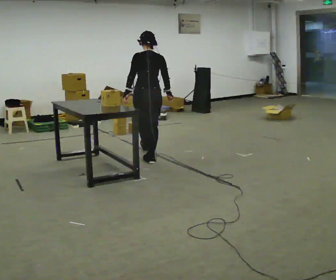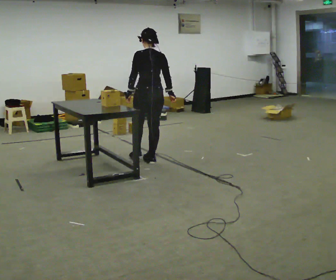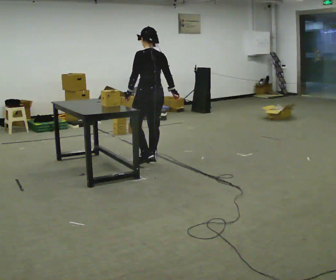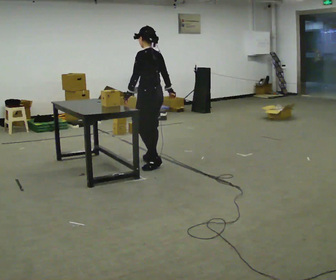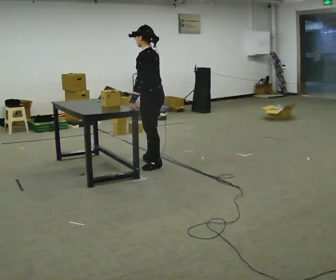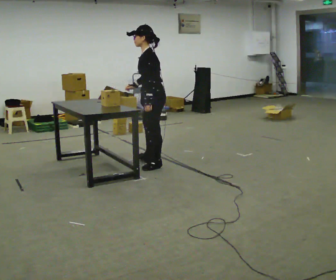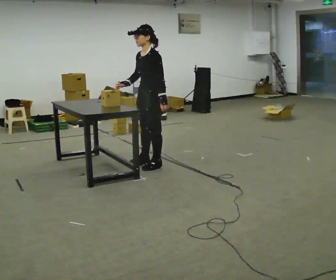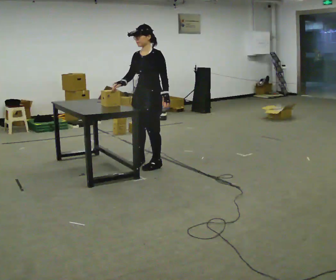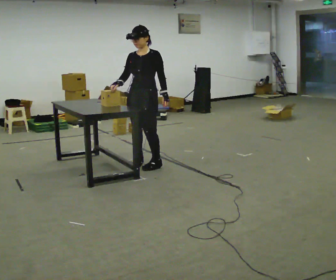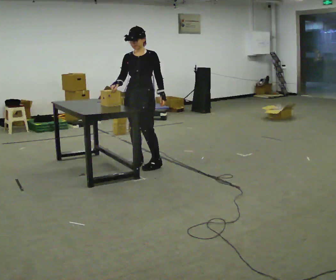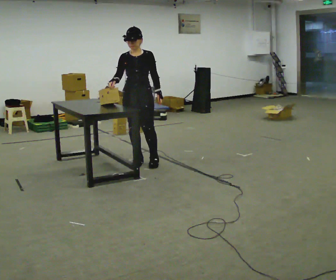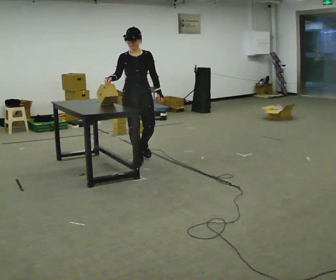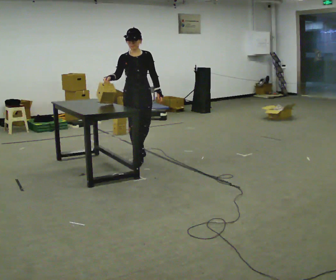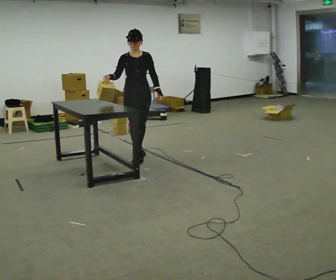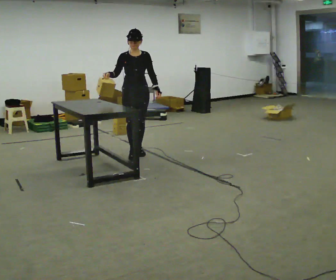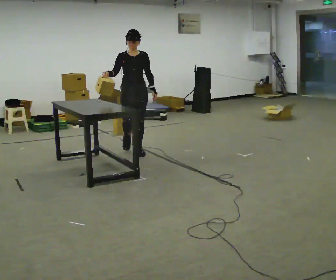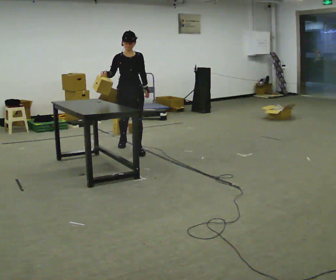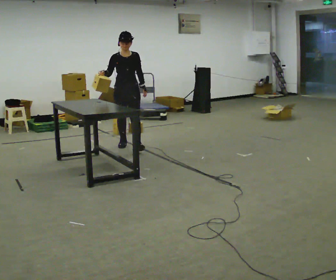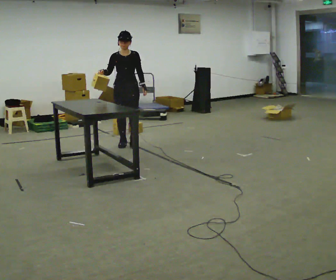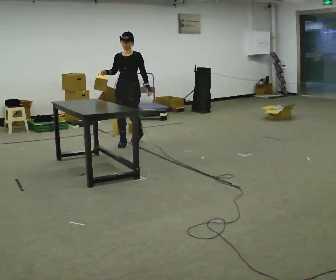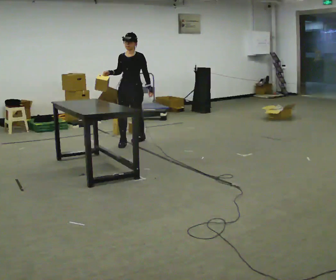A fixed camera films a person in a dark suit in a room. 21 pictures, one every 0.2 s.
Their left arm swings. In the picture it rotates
counterclockwise.
Their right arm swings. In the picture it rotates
clockwise.
0.0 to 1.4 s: The person turns about 135 degrees to their left, counterclockwise seen from above, so the part of the body nearest the lens slides to the right. In the picture they go toward the camera, about 0.25 m. The upper body tips toward the camera, its near side rolling downward.
1.4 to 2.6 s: The part of the body nearest the lens slides to the right as the person turns to their left by about 60 degrees. In the picture they go away from the camera and to the left, about 0.5 m in 1 step.
2.6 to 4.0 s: The person turns about 30 degrees to their right, clockwise seen from above, so the part of the body nearest the lens slides to the left. In the picture they go away from the camera, about 1 m in 2 steps, which for them is backward.
The film runs backward here.
